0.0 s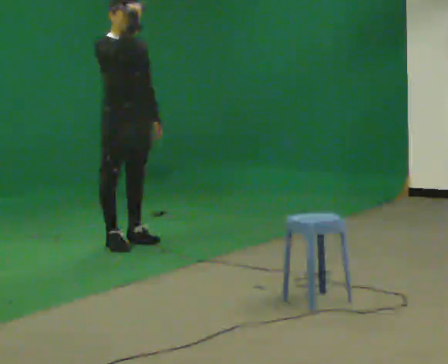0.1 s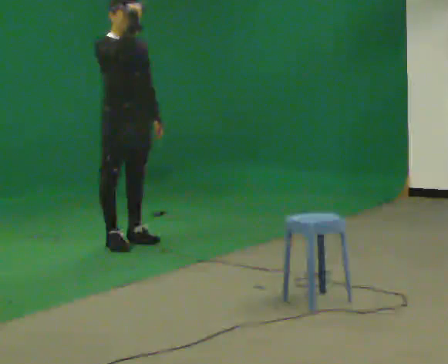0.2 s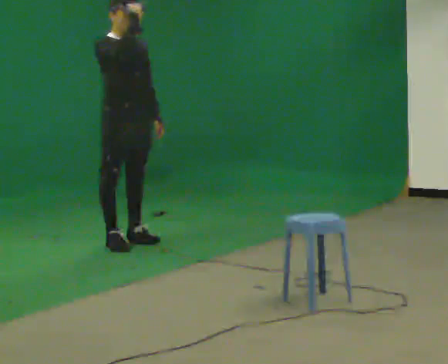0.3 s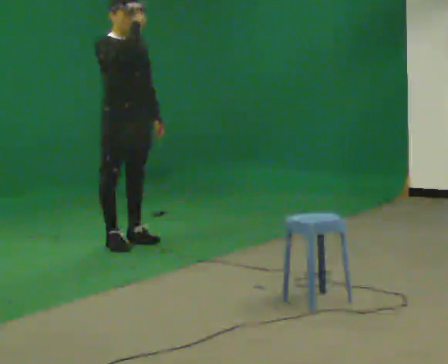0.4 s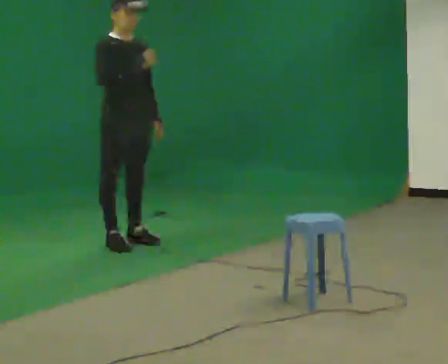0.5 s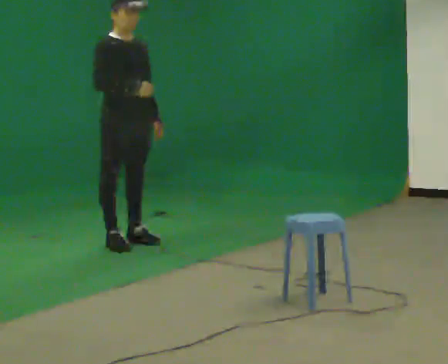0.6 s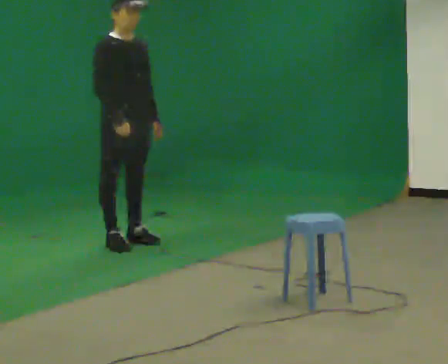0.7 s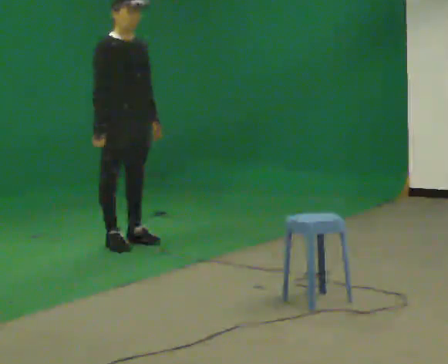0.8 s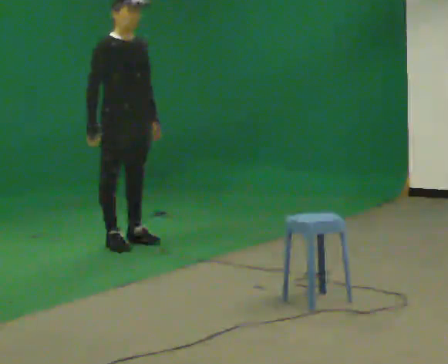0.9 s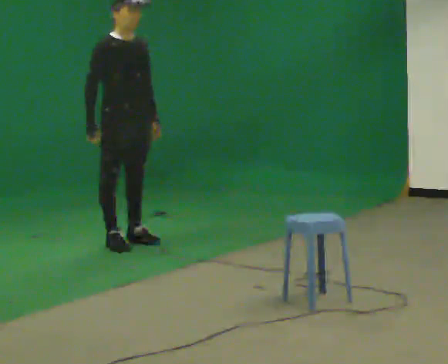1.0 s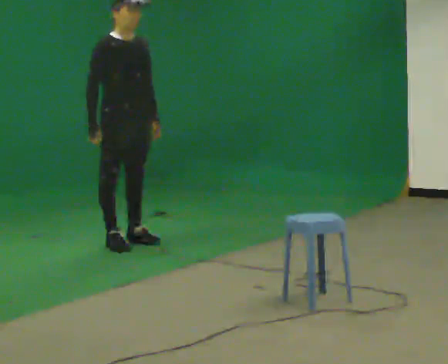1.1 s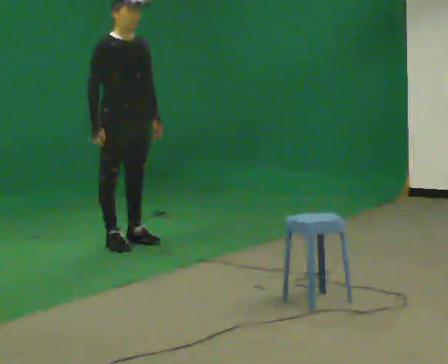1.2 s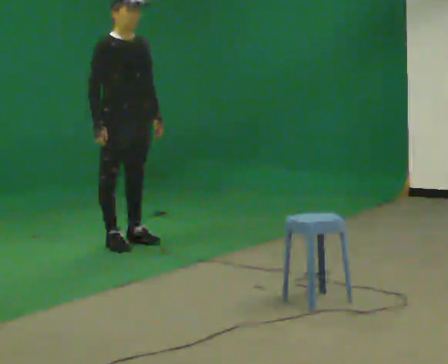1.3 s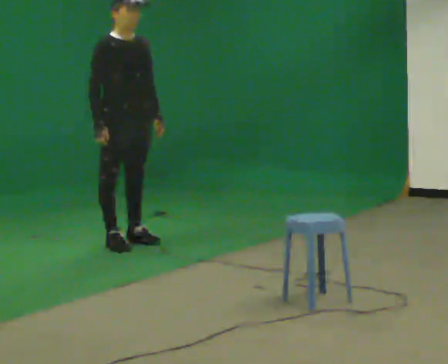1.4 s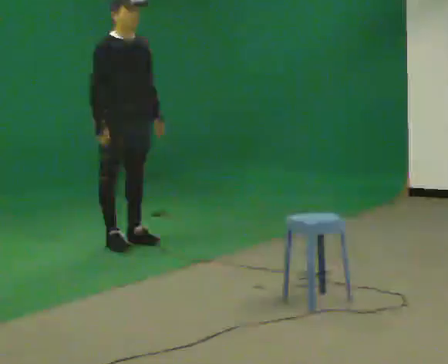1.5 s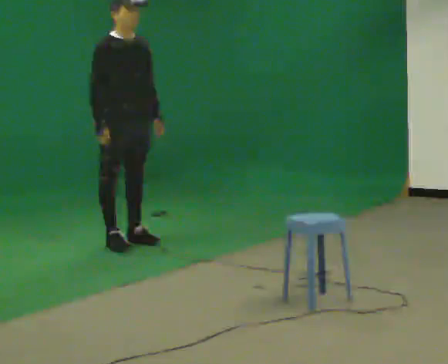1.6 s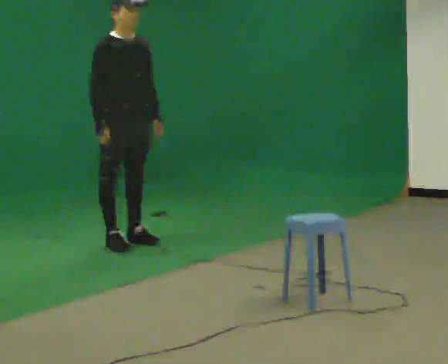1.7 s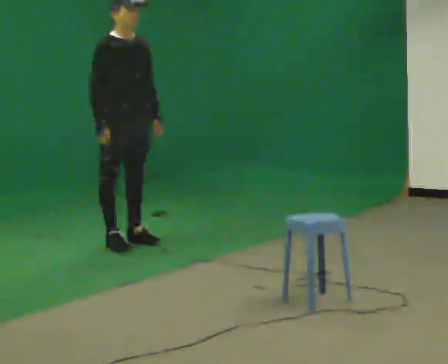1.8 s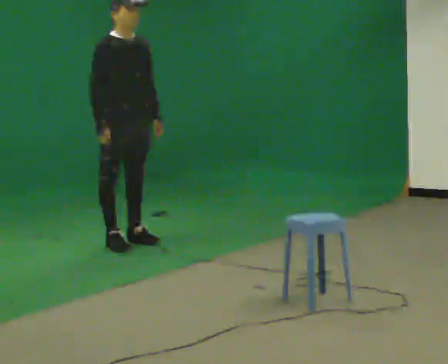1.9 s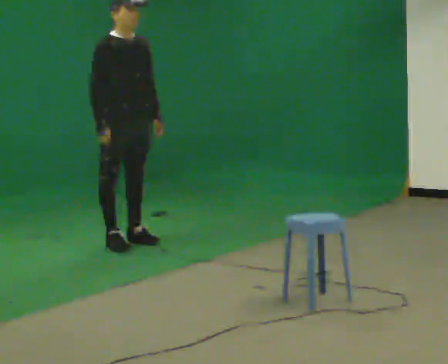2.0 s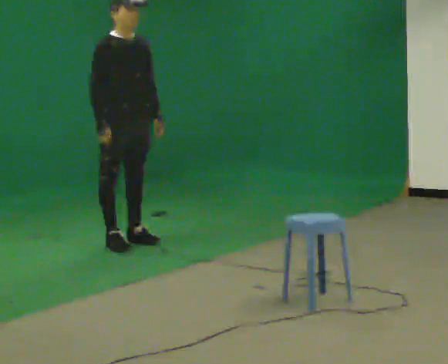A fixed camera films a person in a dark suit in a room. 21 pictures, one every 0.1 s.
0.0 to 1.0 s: In the picture their right hand goes downward.
1.0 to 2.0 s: The person moves a little, or ends about where they began.
The film runs forward here.
